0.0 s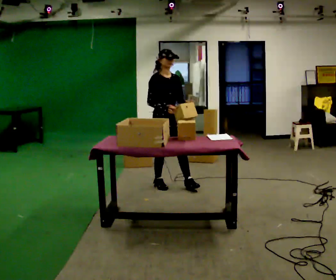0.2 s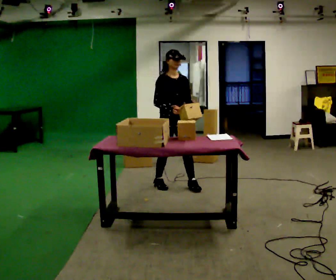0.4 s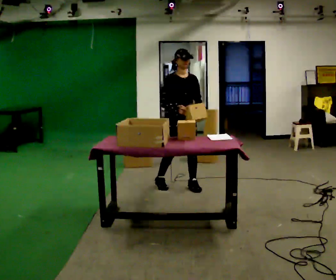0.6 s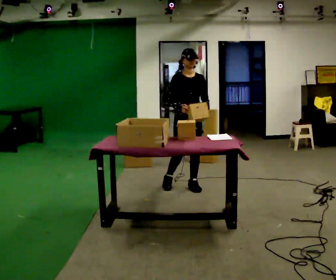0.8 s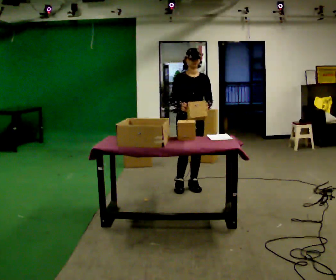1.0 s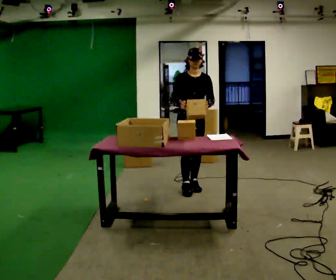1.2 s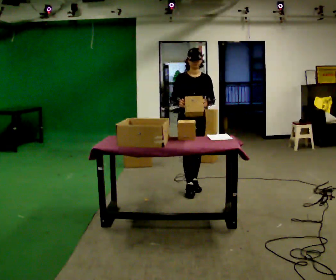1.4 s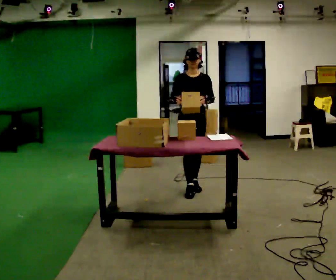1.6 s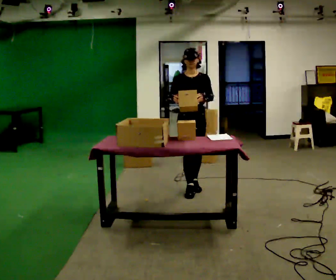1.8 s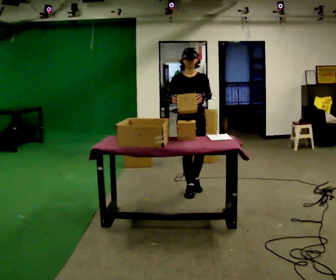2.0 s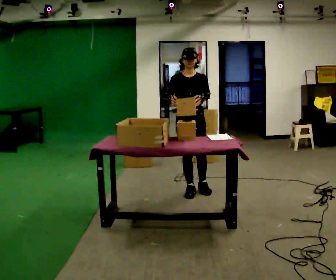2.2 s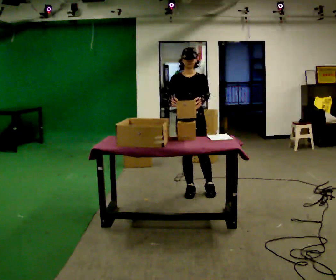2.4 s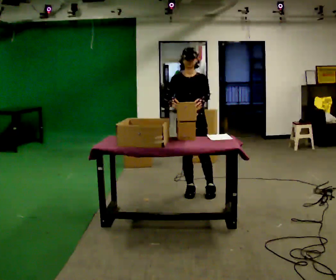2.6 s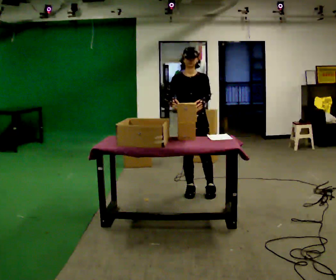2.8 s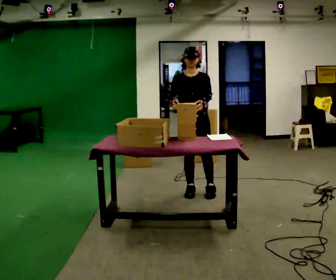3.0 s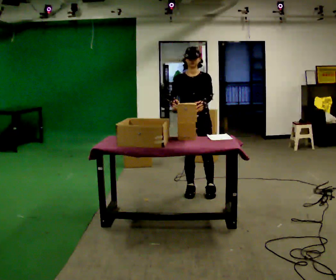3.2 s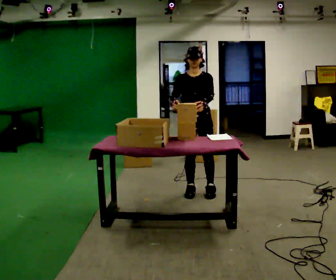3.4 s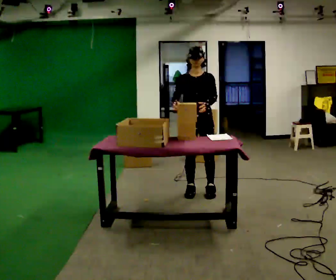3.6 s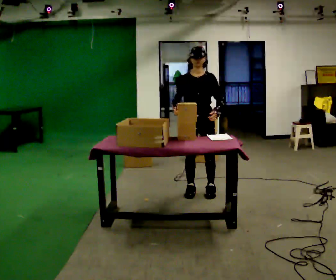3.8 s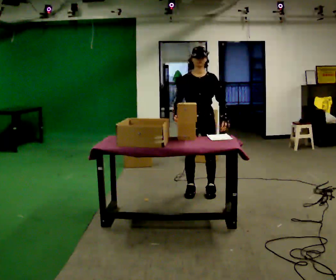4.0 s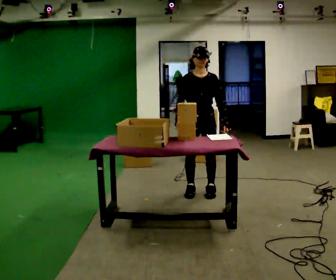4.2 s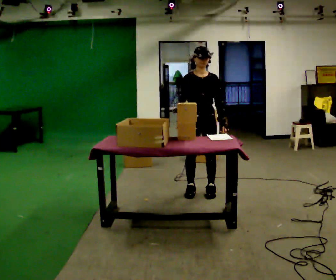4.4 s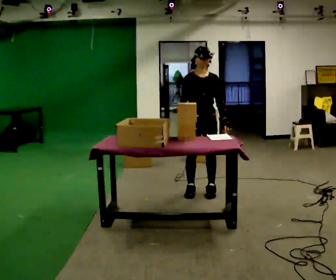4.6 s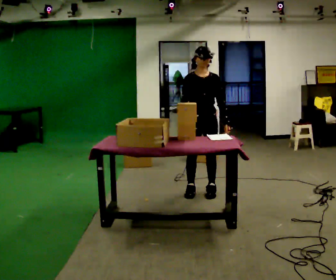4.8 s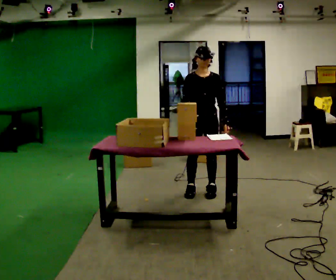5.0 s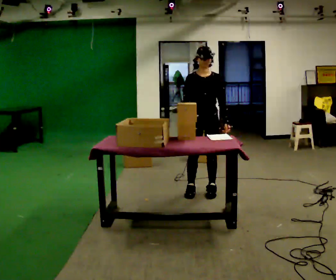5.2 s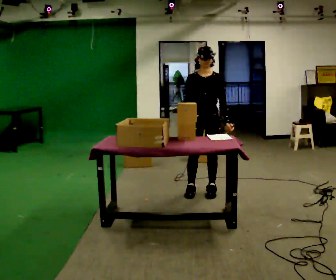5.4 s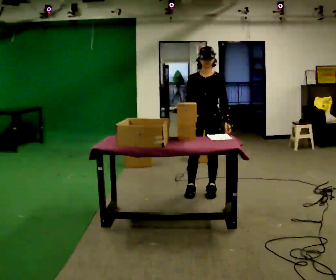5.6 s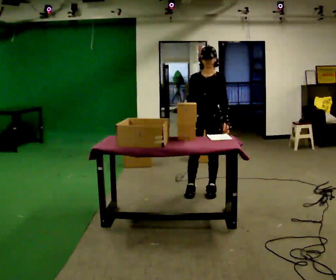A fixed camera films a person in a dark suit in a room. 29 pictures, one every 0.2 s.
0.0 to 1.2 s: Seen from above the body turns clockwise, about 30 degrees: to their right, with its near side sliding to the left. In the picture they go to the right, about 0.25 m in 2 steps, which for them is to their left and forward.
1.2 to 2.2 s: In the picture they go toward the camera, about 0.25 m, which for them is forward.
2.2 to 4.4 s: The person moves a little, or ends about where they began.
4.4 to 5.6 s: The person turns about 30 degrees to their right, clockwise seen from above, so the part of the body nearest the lens slides to the left.
The film runs forward here.
